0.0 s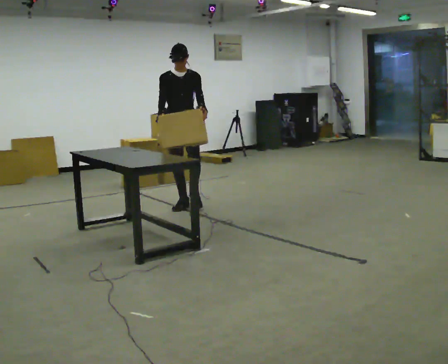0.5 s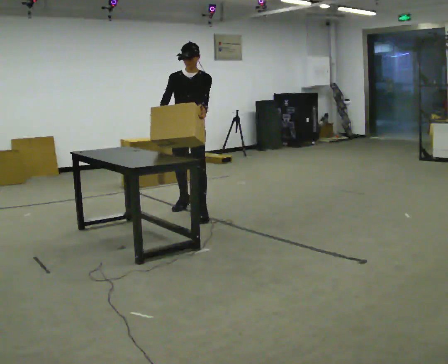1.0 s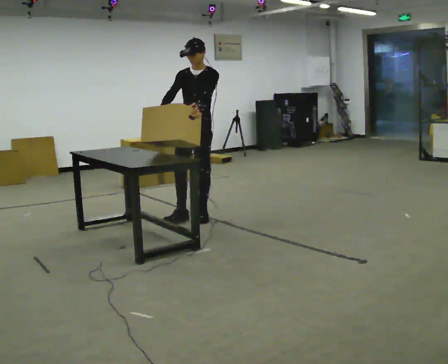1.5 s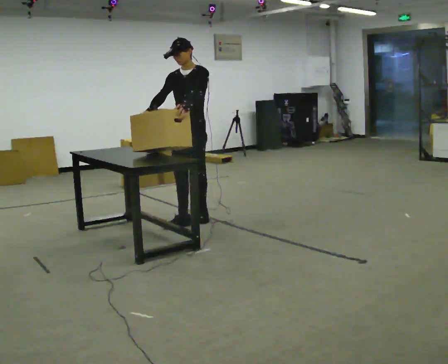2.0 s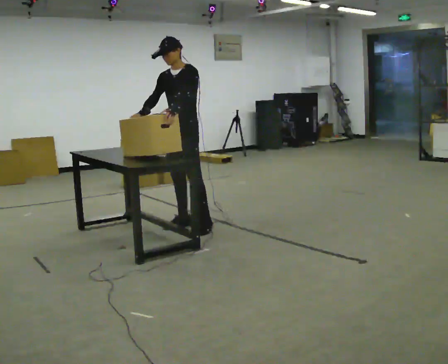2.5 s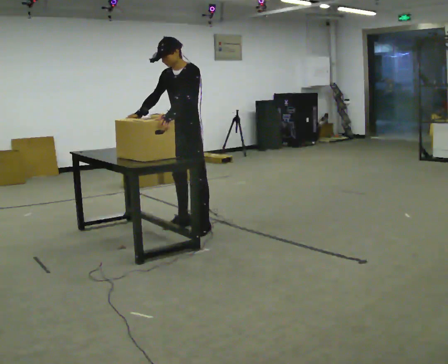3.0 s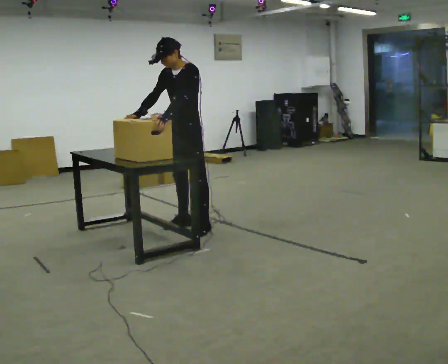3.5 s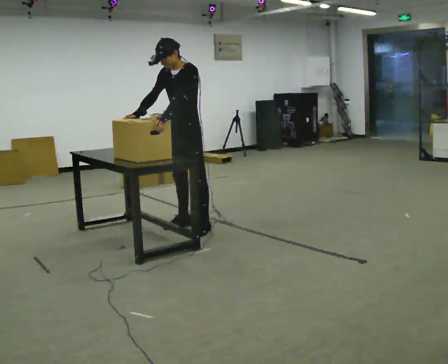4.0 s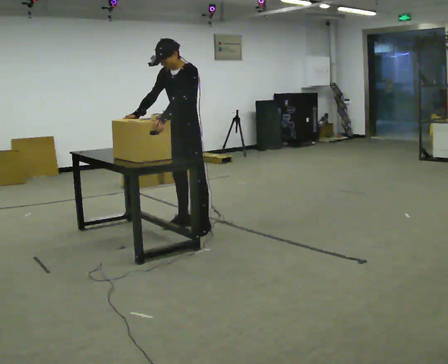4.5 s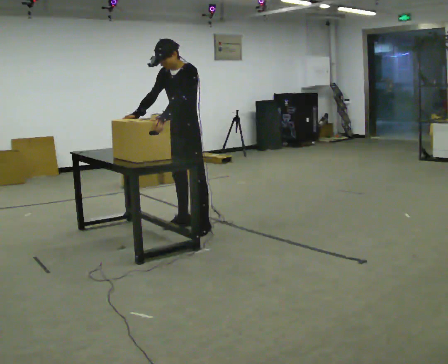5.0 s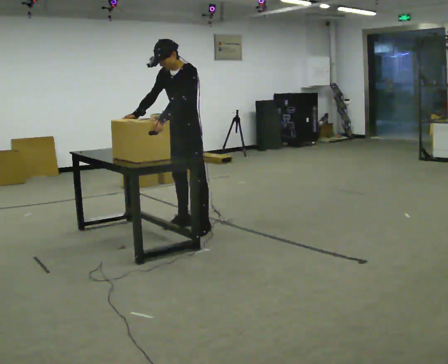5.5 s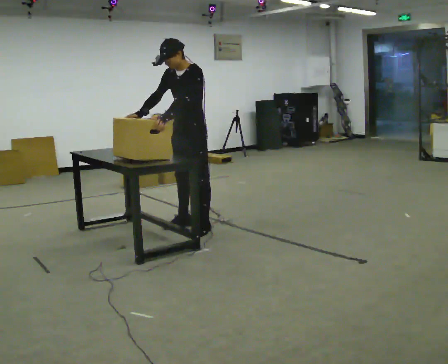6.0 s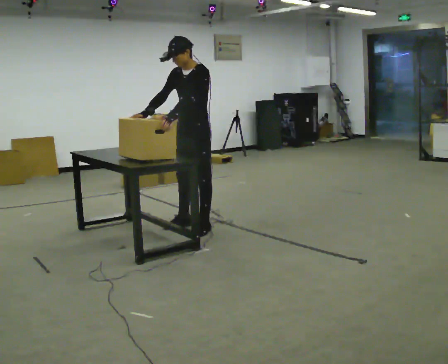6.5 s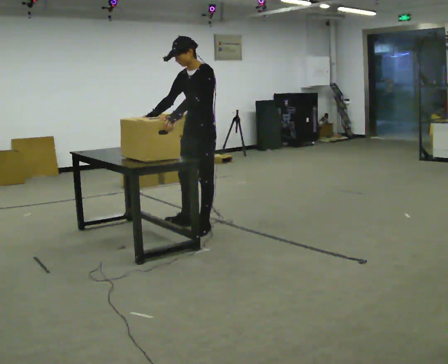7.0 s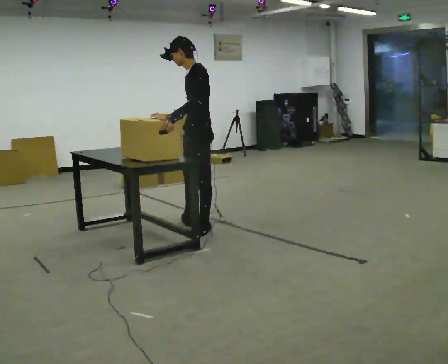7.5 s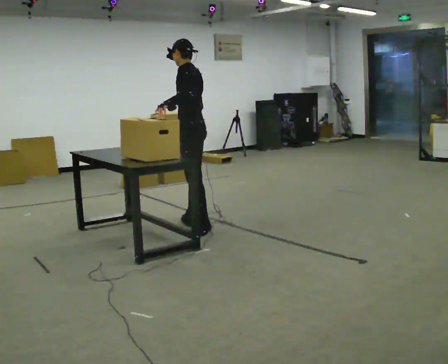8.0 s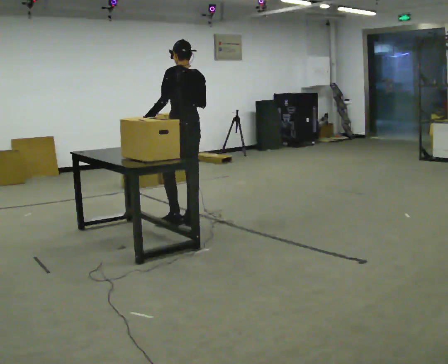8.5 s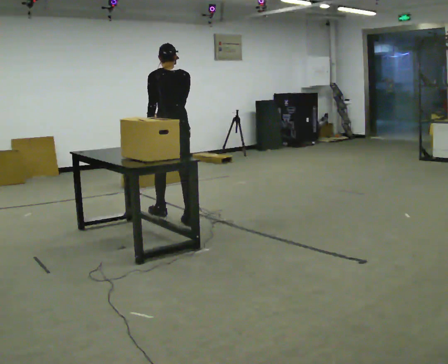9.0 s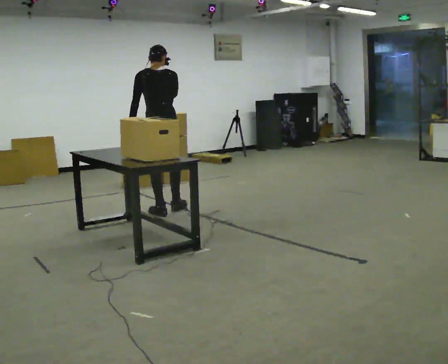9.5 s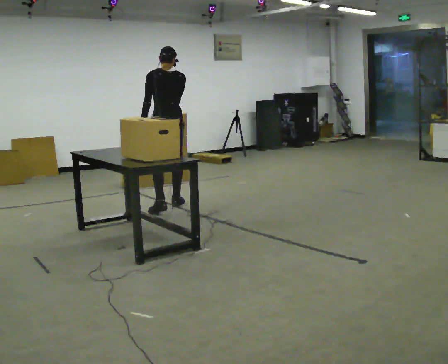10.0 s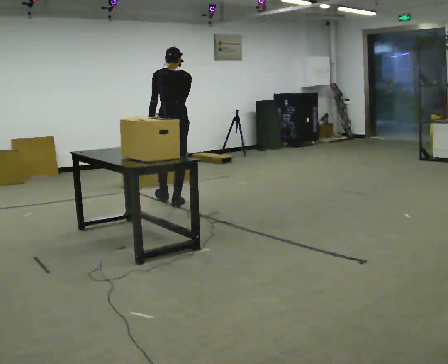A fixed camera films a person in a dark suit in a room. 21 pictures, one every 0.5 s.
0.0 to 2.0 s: The part of the body nearest the lens slides to the left as the person turns to their right by about 45 degrees. In the picture they go toward the camera, about 0.5 m in 2 steps, which for them is forward and to their left.
2.0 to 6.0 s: The person moves a little, or ends about where they began.
6.0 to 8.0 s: The part of the body nearest the lens slides to the left as the person turns to their right by about 90 degrees. In the picture they go away from the camera, about 0.25 m. In the picture their right hand goes to the right.
8.0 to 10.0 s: The part of the body nearest the lens slides to the left as the person turns to their right by about 30 degrees. In the picture they go away from the camera, about 0.5 m in 2 steps, which for them is forward.
The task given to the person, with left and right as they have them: Bring the boxes over one at a time and stack them on top of each other, walking back for each one. Keep going until the operator says stop; one object at a time, and do not rush between trips.
The film runs forward here.
